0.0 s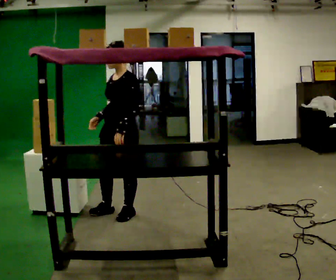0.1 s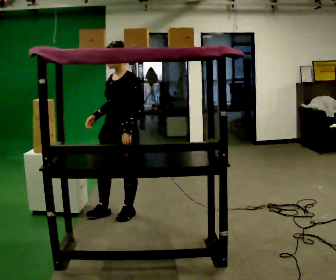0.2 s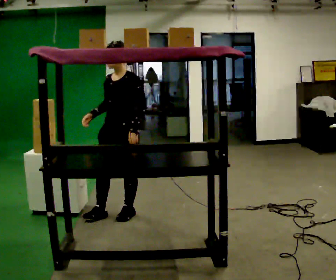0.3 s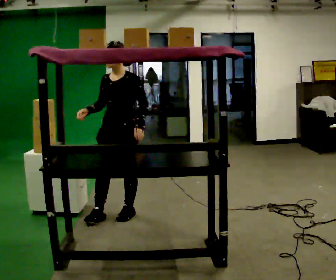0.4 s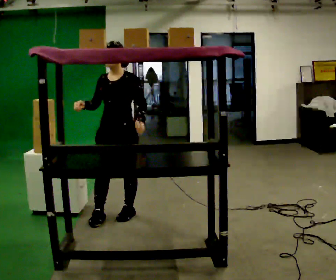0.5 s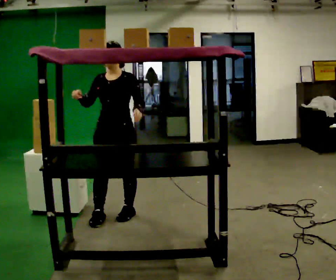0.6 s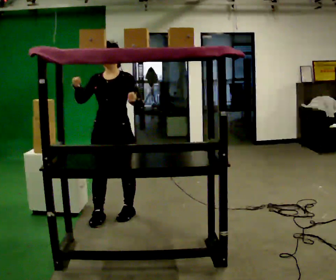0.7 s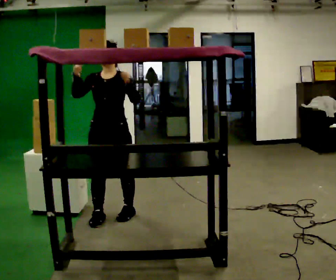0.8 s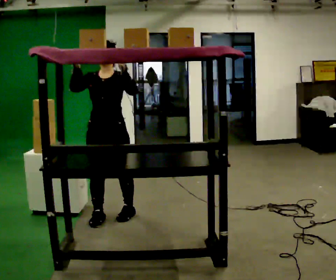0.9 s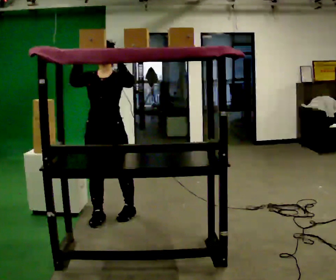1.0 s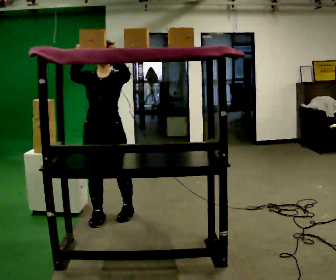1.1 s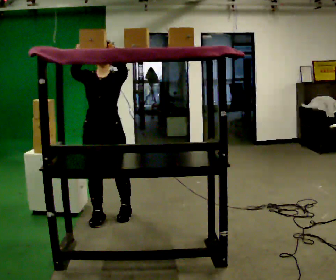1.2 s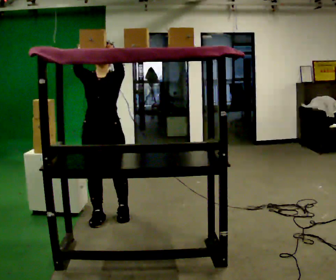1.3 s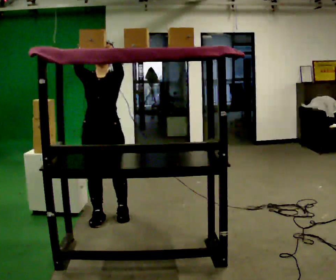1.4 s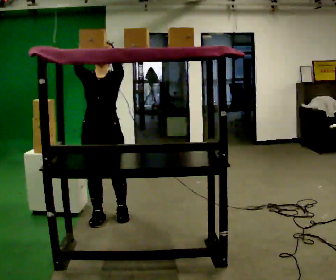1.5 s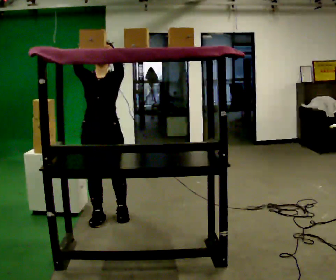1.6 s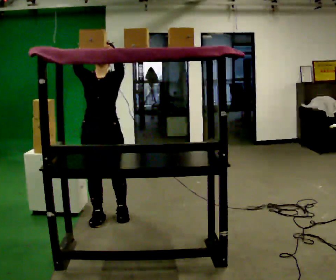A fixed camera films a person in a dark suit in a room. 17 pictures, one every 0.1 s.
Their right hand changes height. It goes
upward.
Their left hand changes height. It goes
upward.
0.0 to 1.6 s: The person turns about 45 degrees to their left, counterclockwise seen from above, so the part of the body nearest the lens slides to the right. In the picture they go to the left, about 0.25 m, which for them is to their right and forward. In the picture their right hand goes upward.
The film runs backward here.
